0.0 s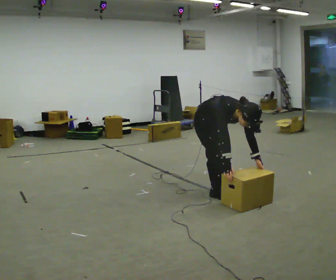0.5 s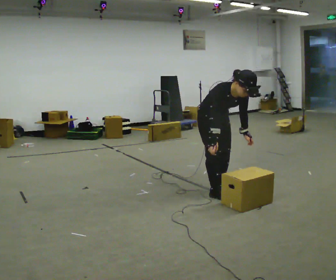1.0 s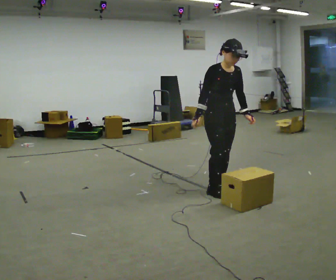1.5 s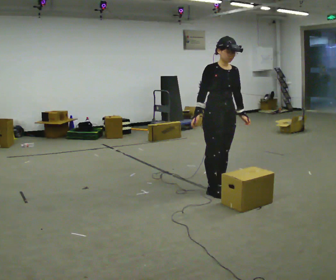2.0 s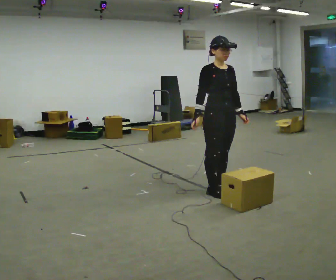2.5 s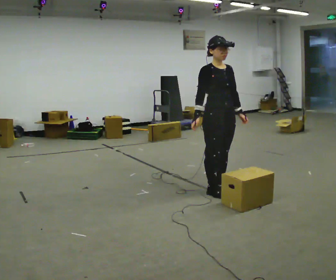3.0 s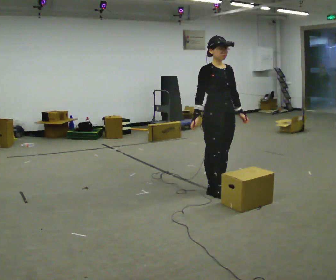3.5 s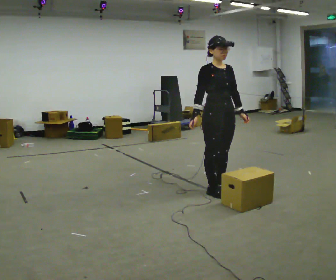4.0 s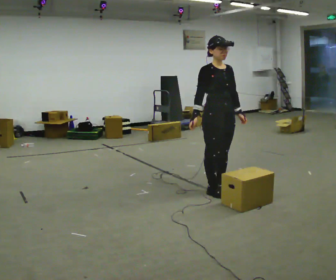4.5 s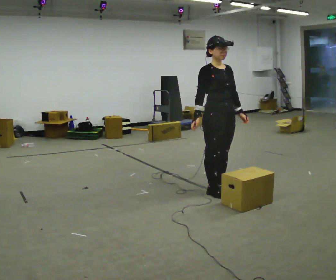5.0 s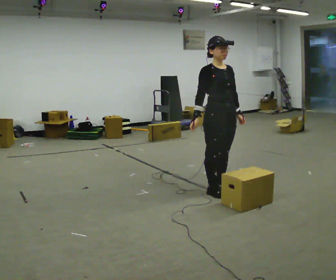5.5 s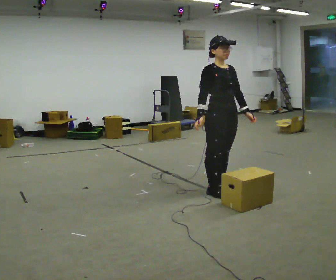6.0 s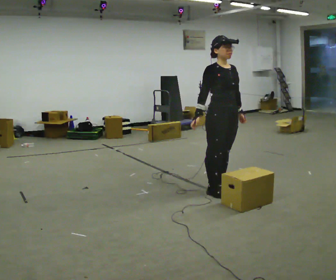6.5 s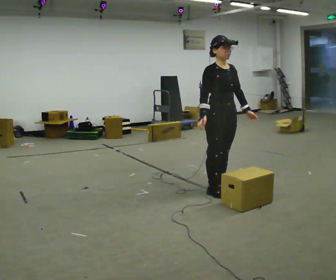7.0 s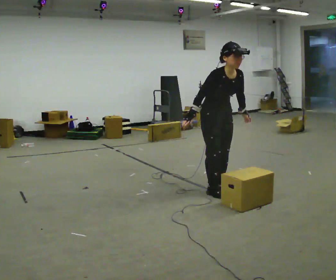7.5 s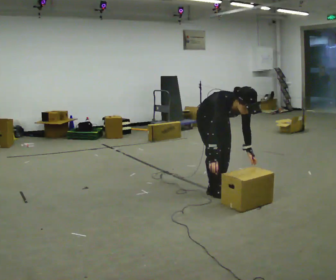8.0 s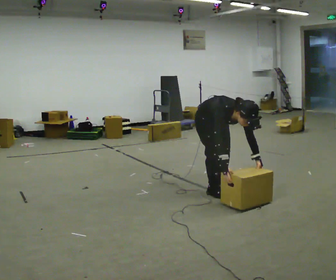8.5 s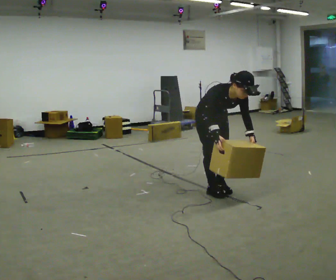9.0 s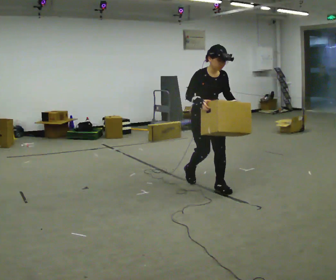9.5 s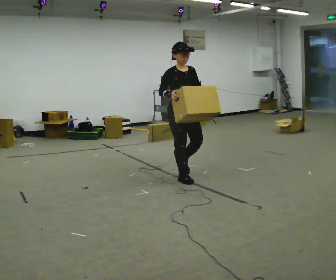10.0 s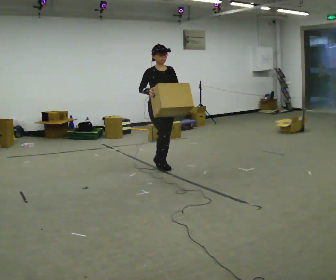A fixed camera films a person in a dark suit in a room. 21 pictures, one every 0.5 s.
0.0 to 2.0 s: The upper body goes upward. The upper body tips away from the camera, its near side rolling upward, as they lean back or straighten. In the picture their right hand goes upward and to the left.
2.0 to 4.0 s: The person keeps their place and pose.
4.0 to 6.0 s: The person moves a little, or ends about where they began.
6.0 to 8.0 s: The shoulders move downward. The upper body tips toward the camera, its near side rolling downward, as they bend forward. In the picture their right hand goes downward.
8.0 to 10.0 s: In the picture they go away from the camera and to the left, about 1 m in 3 steps, which for them is backward. The shoulders move upward. The upper body tips away from the camera, its near side rolling upward, as they lean back or straighten. In the picture their right hand goes upward.
The film runs backward here.
